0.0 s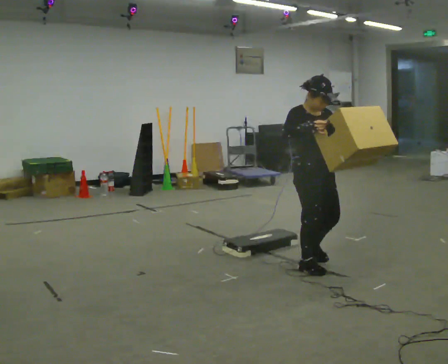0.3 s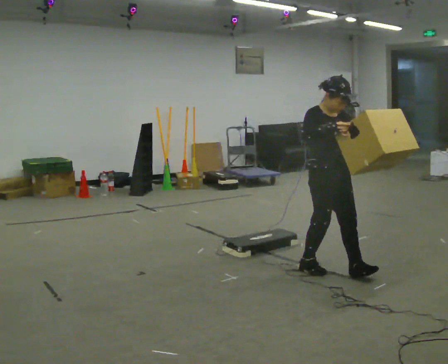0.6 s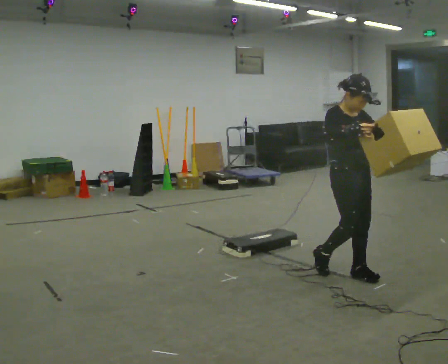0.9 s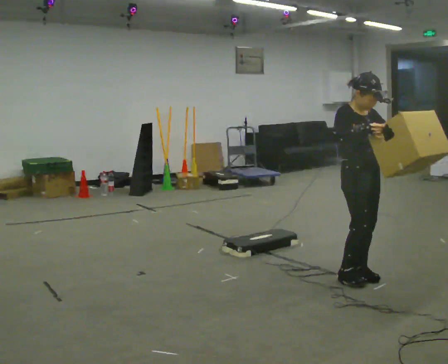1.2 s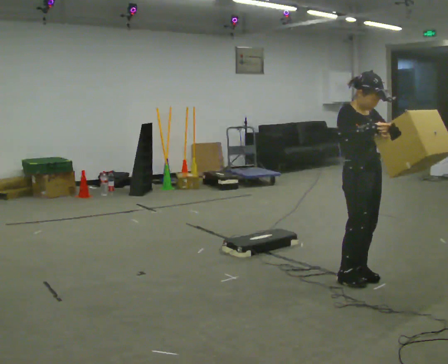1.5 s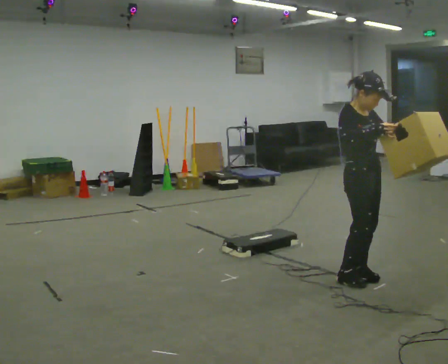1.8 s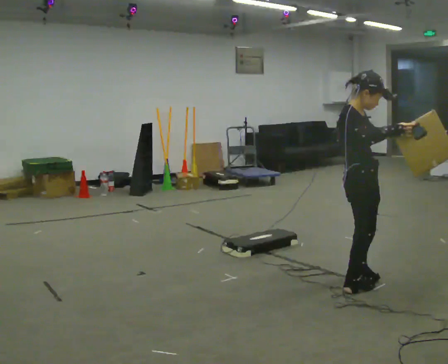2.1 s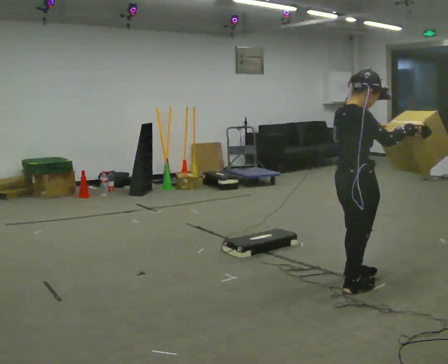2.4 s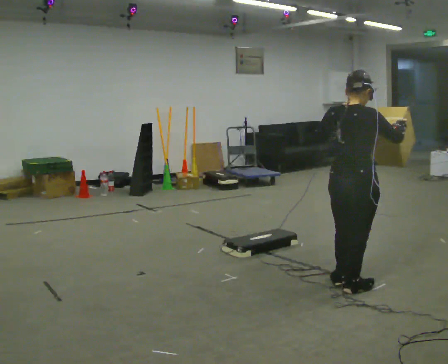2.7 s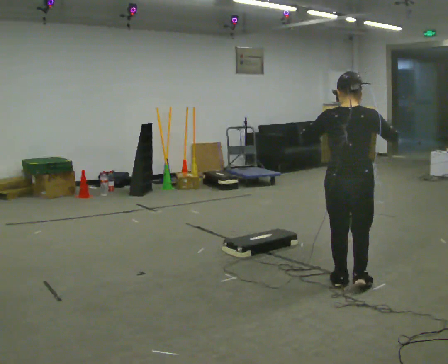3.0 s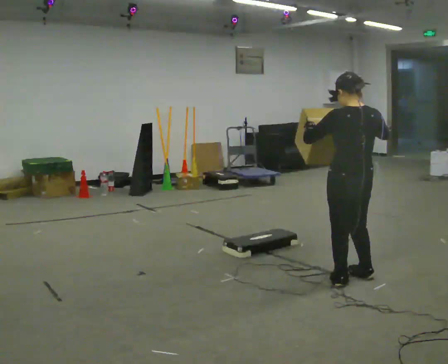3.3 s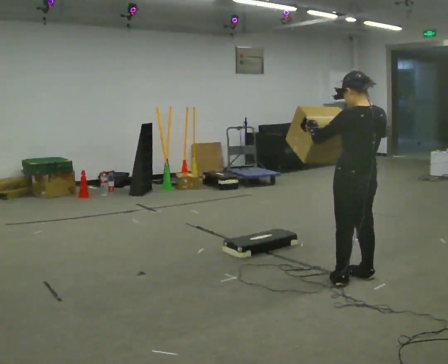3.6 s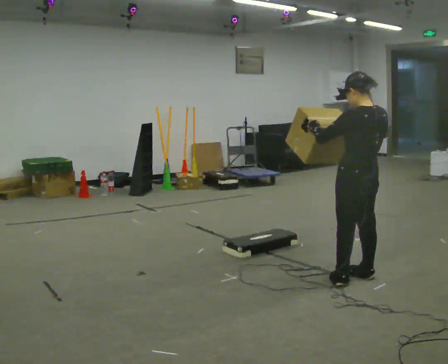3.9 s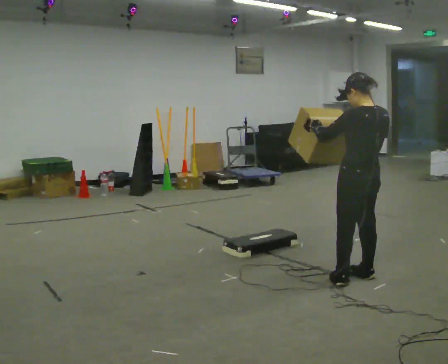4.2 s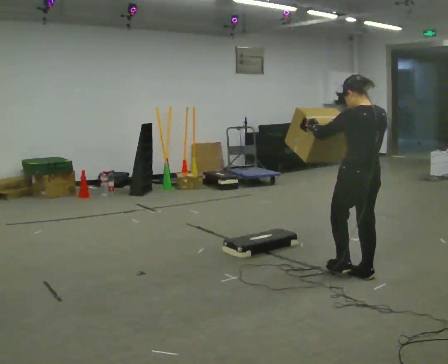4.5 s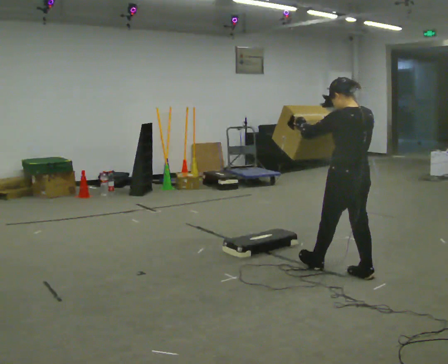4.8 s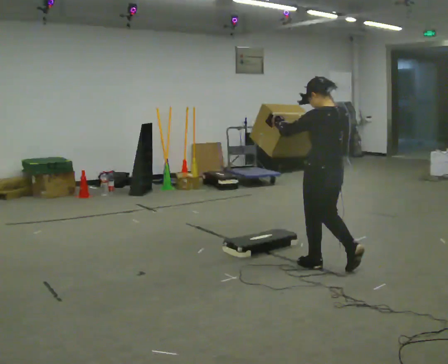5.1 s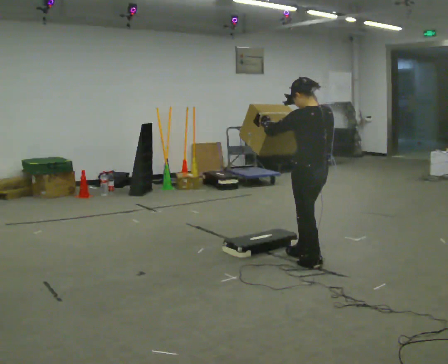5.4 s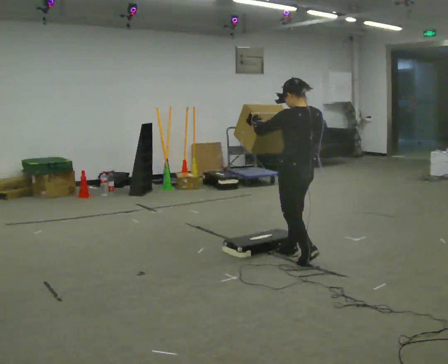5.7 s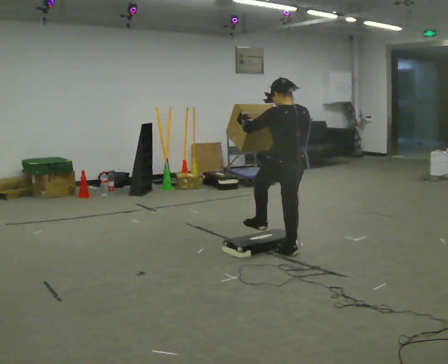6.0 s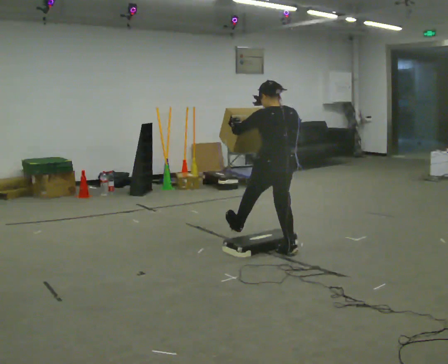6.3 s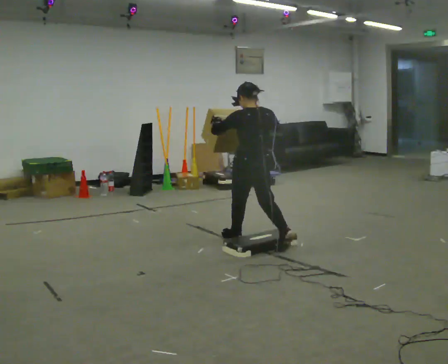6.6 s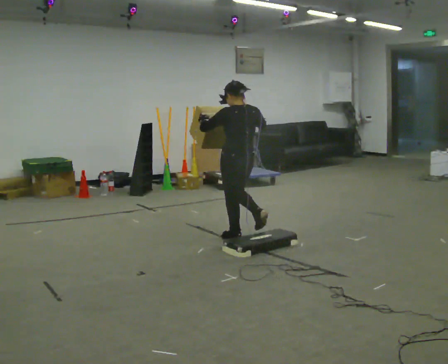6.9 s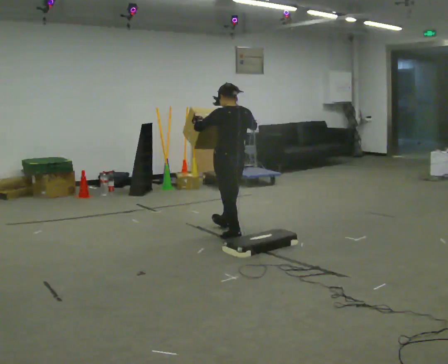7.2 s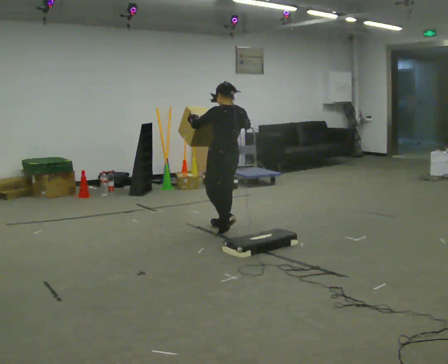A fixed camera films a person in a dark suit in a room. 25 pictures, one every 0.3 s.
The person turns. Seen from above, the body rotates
counterclockwise.
The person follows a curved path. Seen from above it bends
counterclockwise.
0.0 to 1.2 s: In the picture they go to the right and toward the camera, about 0.5 m in 2 steps, which for them is forward.
1.2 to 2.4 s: Seen from above the body turns counterclockwise, about 105 degrees: to their left, with its near side sliding to the right. In the picture they go toward the camera, about 0.25 m in 2 steps.
2.4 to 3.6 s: The part of the body nearest the lens slides to the right as the person turns to their left by about 75 degrees. In the picture they go away from the camera, about 0.25 m in 1 step.
3.6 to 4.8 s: In the picture they go to the left and away from the camera, about 0.25 m in 1 step, which for them is forward.
4.8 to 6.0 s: In the picture they go away from the camera and to the left, about 0.5 m in 2 steps, which for them is forward.
6.0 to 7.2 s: In the picture they go away from the camera and to the left, about 1 m in 1 step, which for them is forward.
The film runs forward here.
